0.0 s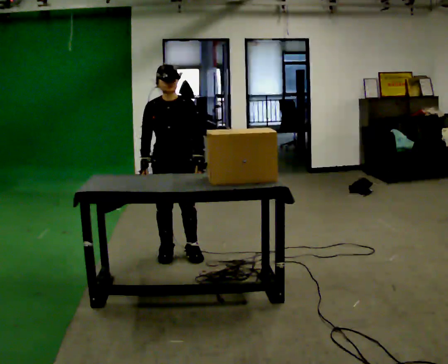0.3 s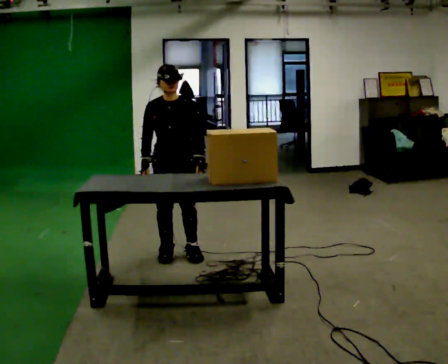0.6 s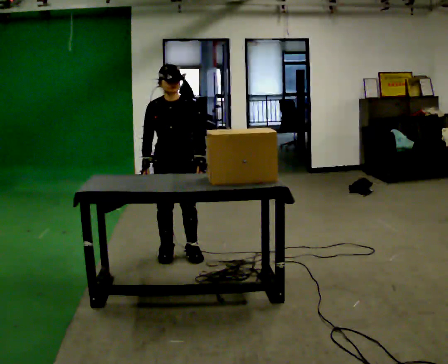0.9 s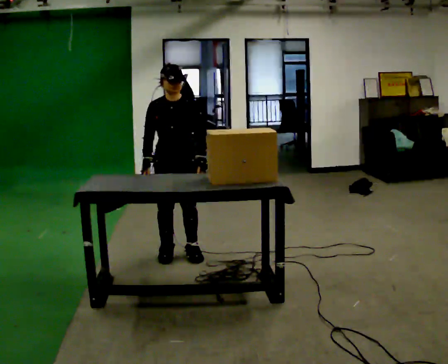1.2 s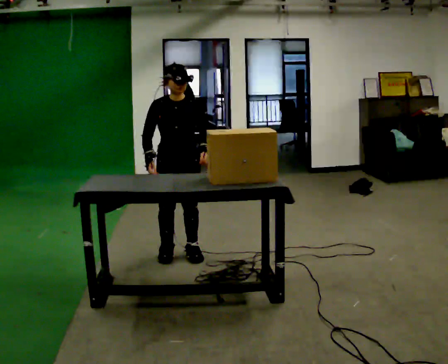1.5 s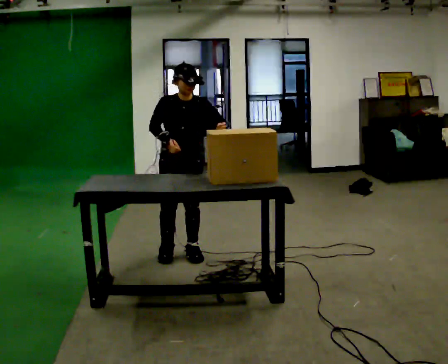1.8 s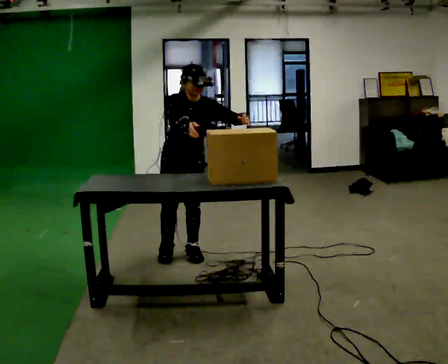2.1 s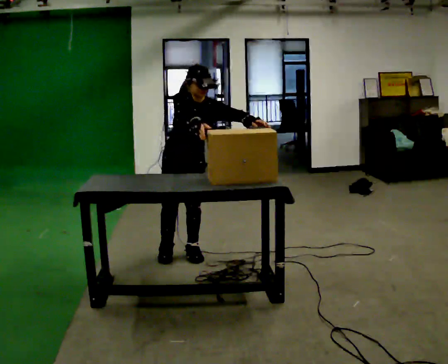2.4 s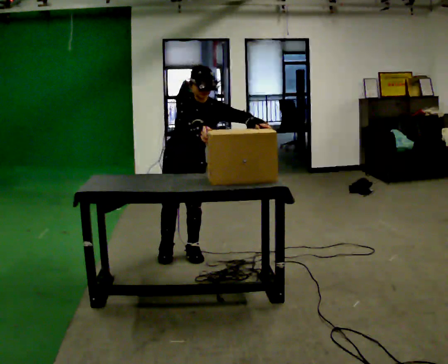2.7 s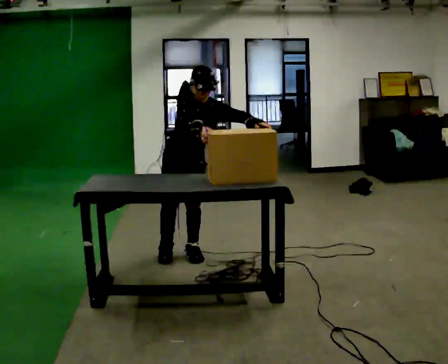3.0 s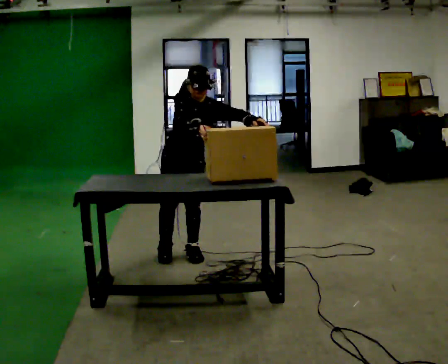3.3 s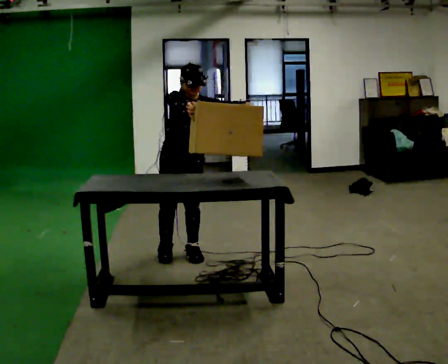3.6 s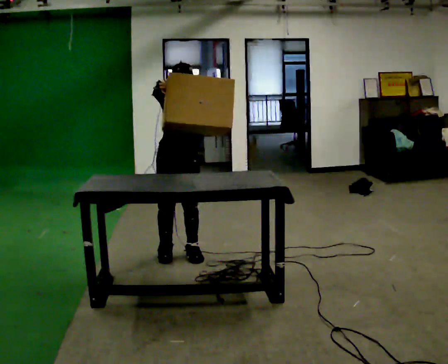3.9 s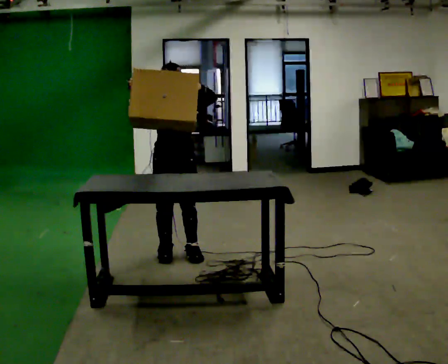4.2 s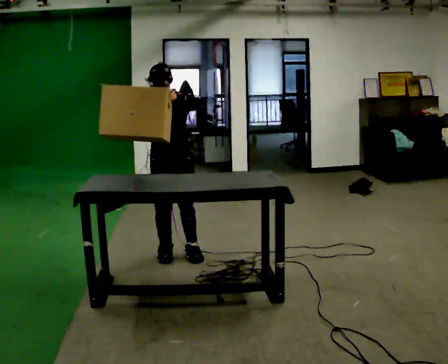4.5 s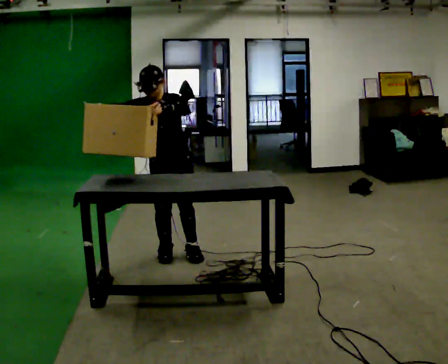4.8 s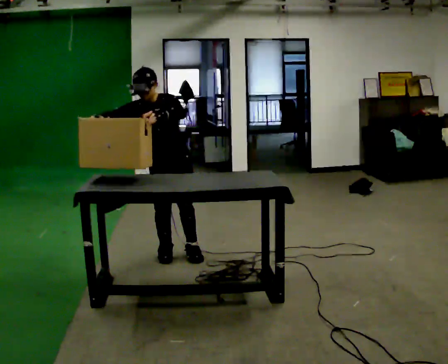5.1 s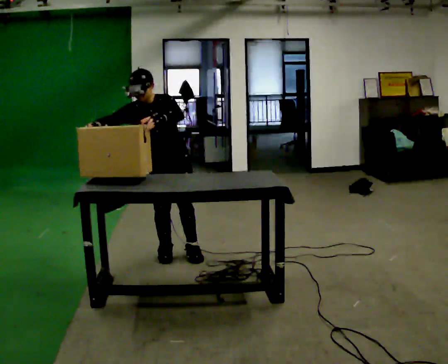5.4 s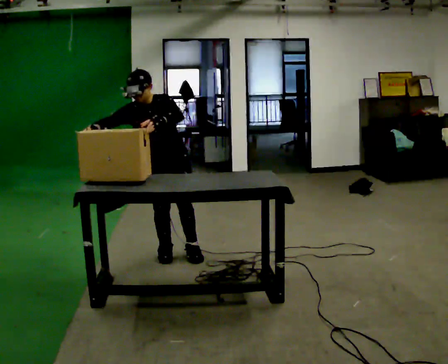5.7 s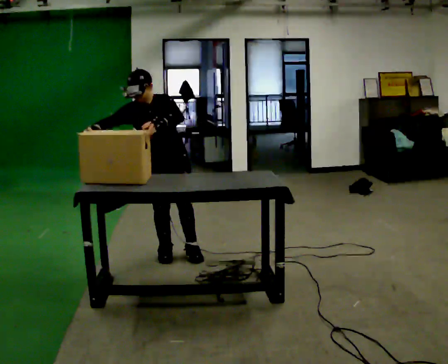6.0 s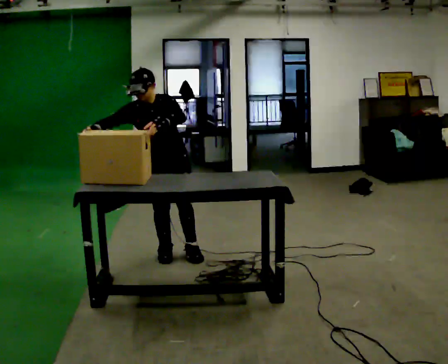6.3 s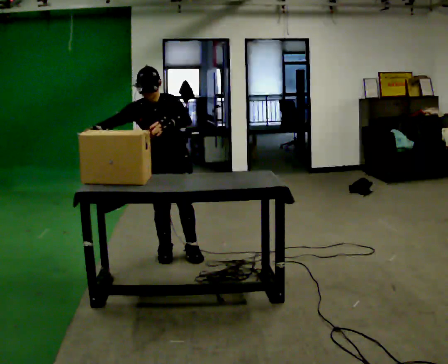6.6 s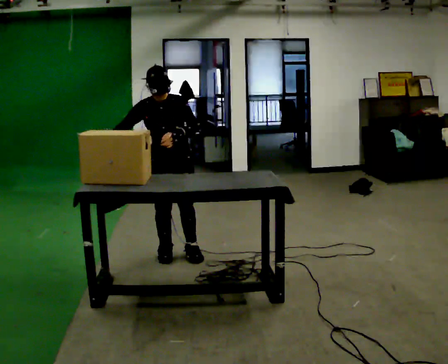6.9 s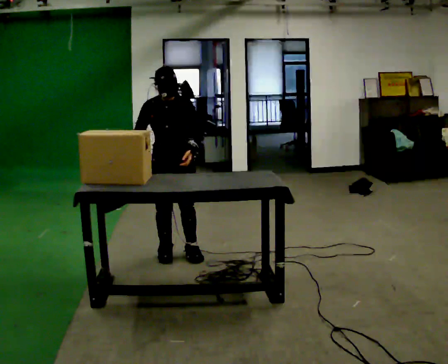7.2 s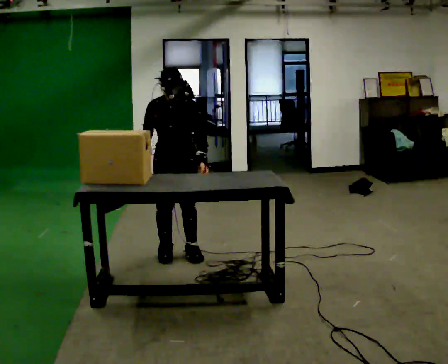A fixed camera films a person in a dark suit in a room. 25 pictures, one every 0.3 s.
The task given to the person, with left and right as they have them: Lift the heavy object with both hands and set it down again in a different spot on the same surface. Repeat at your own pace until the operator says stop. Keep both feet on the marked spots for the whole take. If you have to step, stop and tell the operator.
0.0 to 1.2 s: The person moves a little, or ends about where they began.
1.2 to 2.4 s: In the picture their right hand goes to the right.
2.4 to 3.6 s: The person moves a little, or ends about where they began.
3.6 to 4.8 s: In the picture the upper body tilts counterclockwise, shoulders to the left. In the picture their right hand goes to the left.
4.8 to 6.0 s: The person moves a little, or ends about where they began.
6.0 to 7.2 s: In the picture their left hand goes to the right and downward.
The film runs forward here.
